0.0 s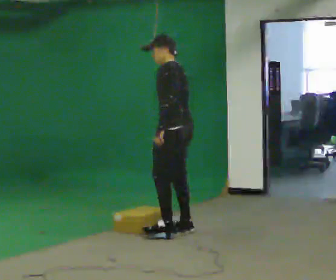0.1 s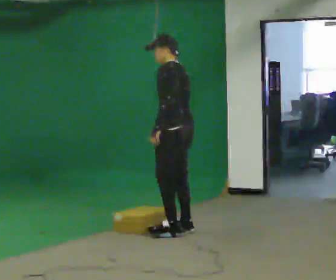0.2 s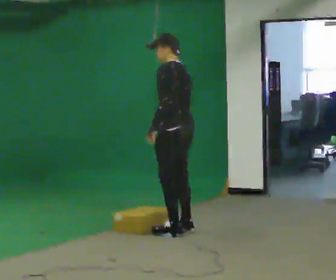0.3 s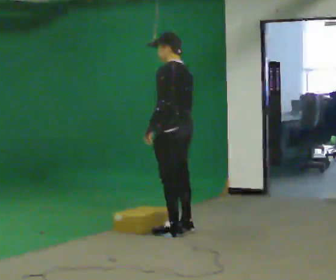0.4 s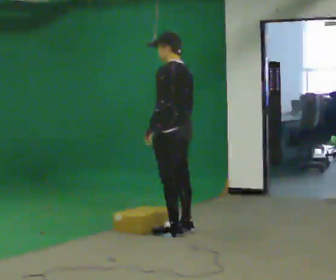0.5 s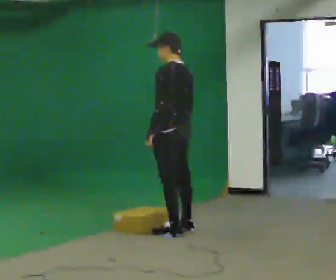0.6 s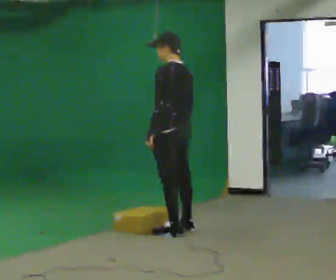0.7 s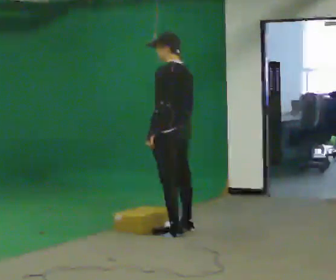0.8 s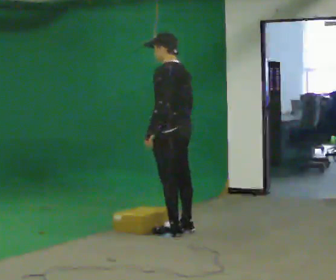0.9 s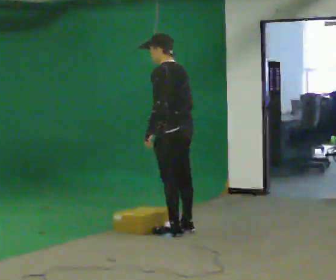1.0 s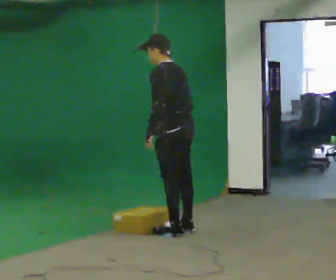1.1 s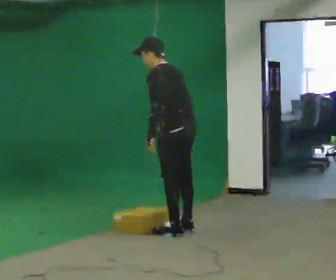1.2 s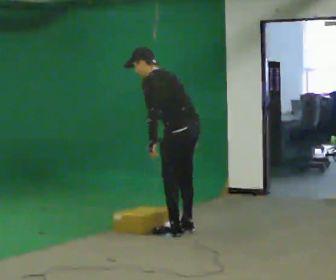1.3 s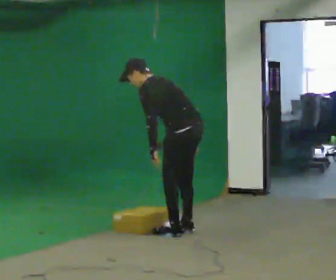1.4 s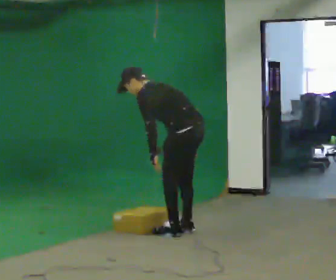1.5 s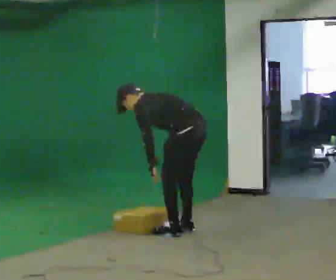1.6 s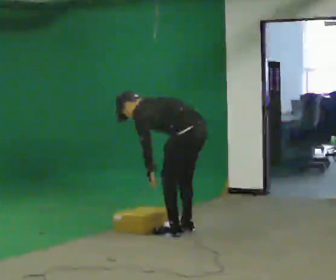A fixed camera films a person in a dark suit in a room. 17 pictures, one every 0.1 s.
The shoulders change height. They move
downward.
The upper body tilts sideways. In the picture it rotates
counterclockwise.
0.0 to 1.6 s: The shoulders move downward. In the picture the upper body tilts counterclockwise, shoulders to the left, as they bend forward.
The film runs backward here.
